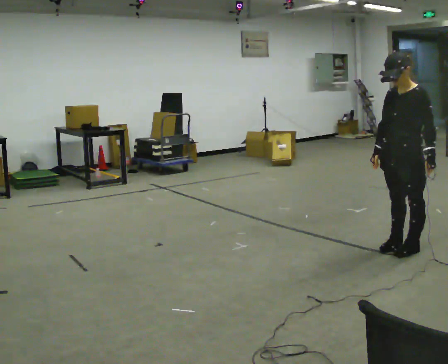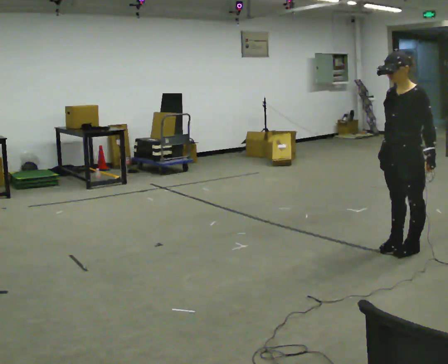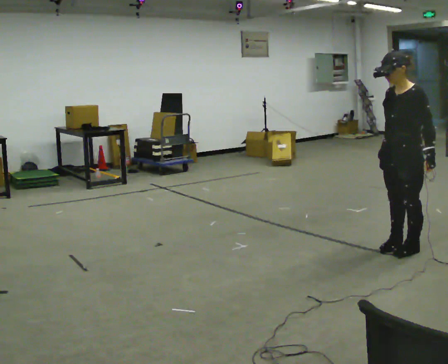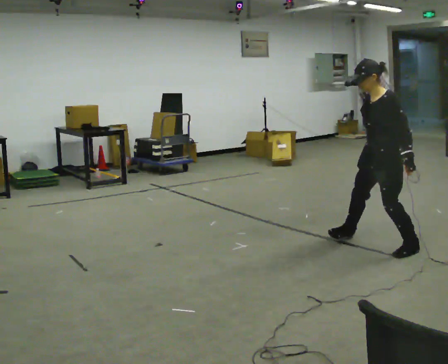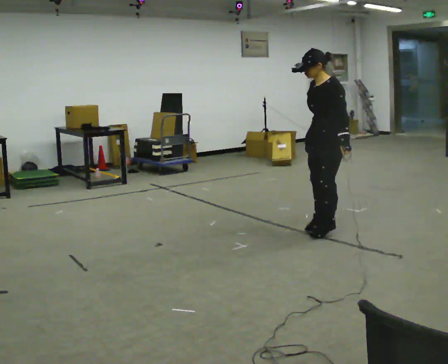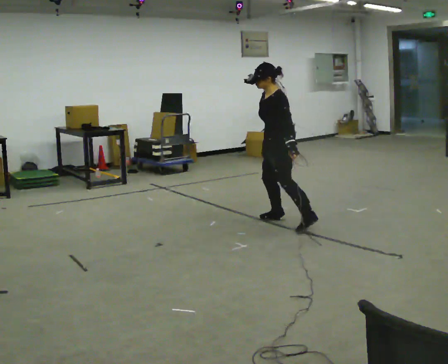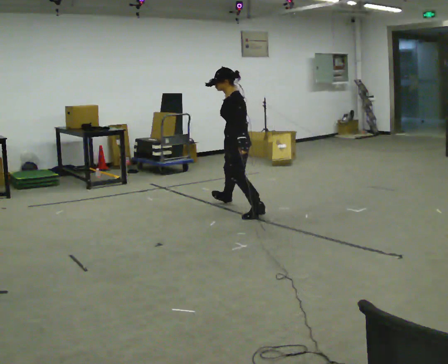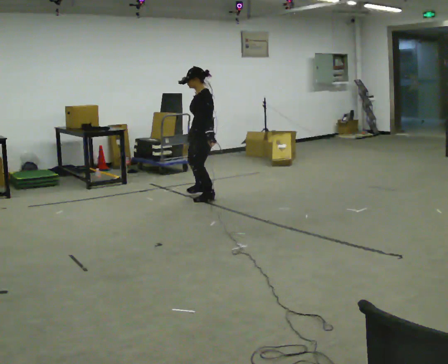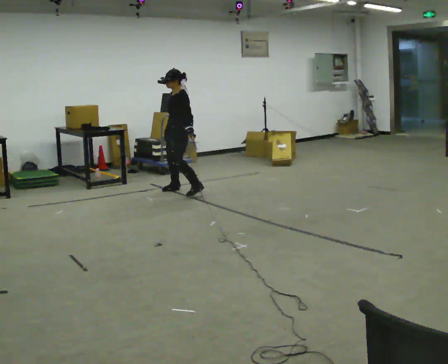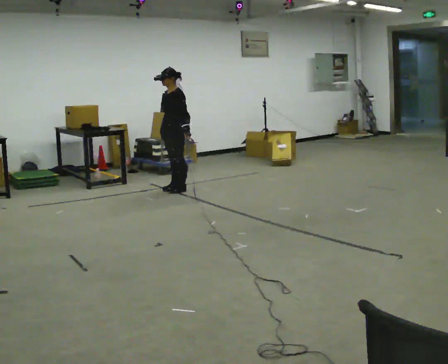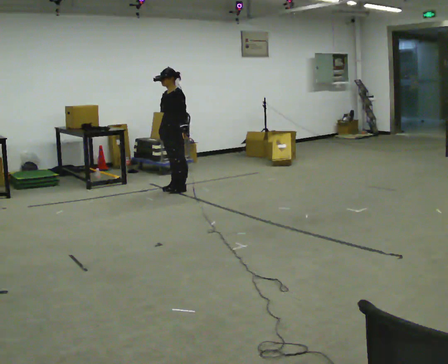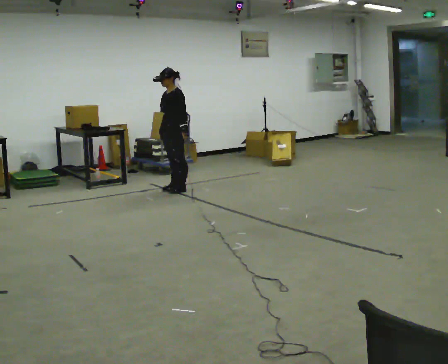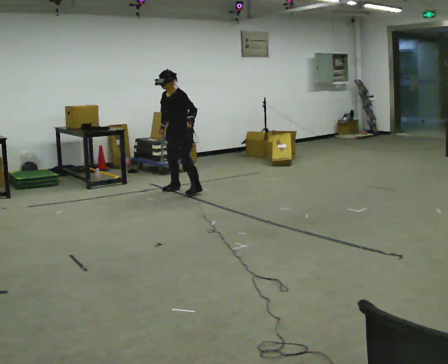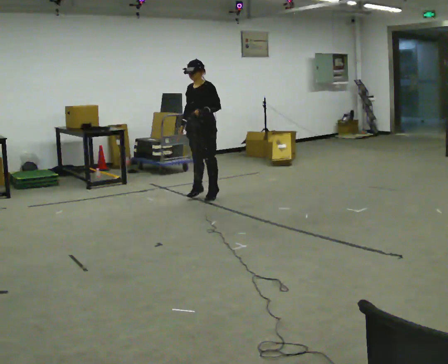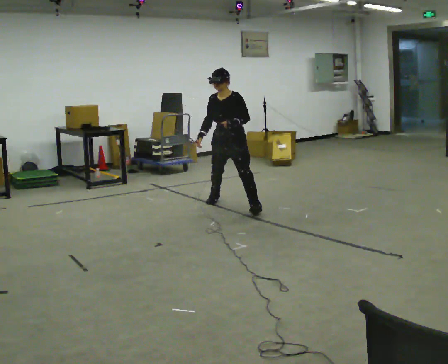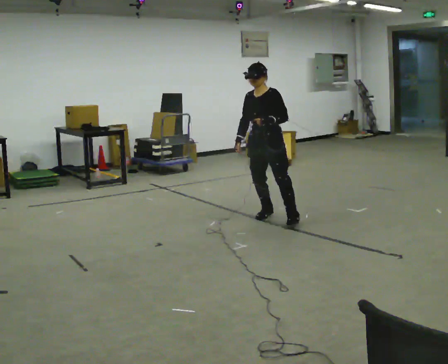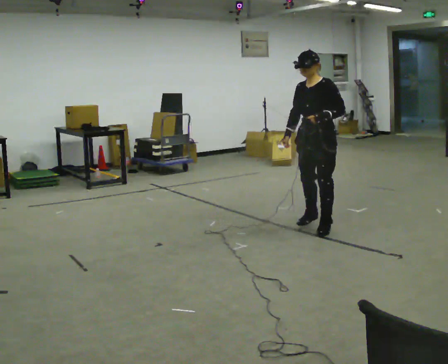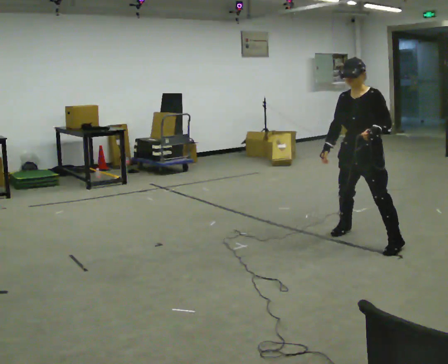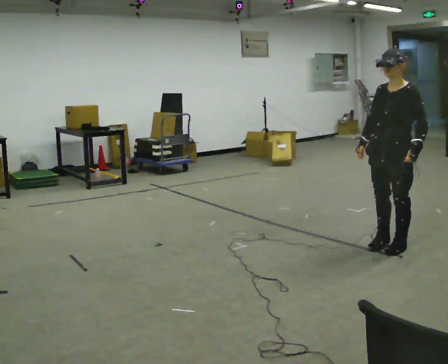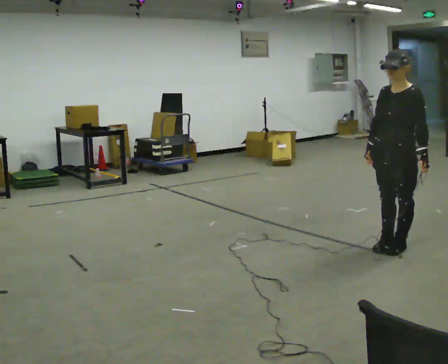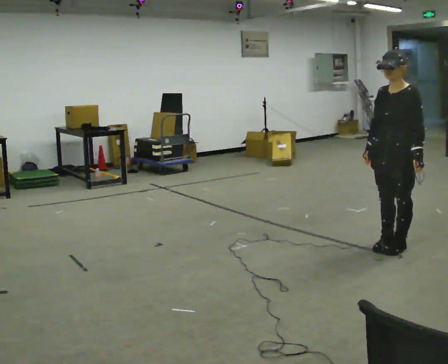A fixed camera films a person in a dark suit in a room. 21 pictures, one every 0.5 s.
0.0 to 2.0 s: In the picture they go away from the camera and to the left, about 0.5 m in 1 step, which for them is to their right.
2.0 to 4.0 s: In the picture they go away from the camera and to the left, about 2.5 m in 6 steps, which for them is to their right and forward.
4.0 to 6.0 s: In the picture the upper body tilts counterclockwise, shoulders to the left, as they bend forward.
6.0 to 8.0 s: In the picture they go toward the camera and to the right, about 2 m in 5 steps, which for them is to their left and forward.
8.0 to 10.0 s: In the picture they go toward the camera and to the right, about 1 m in 3 steps, which for them is to their left.
The film runs forward here.
